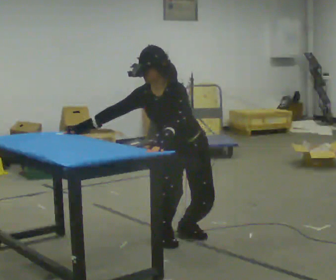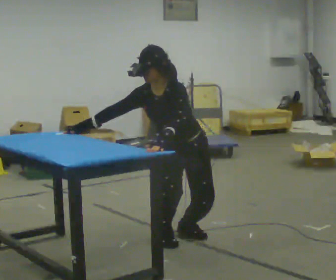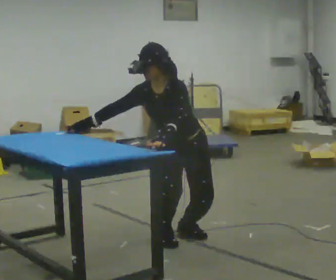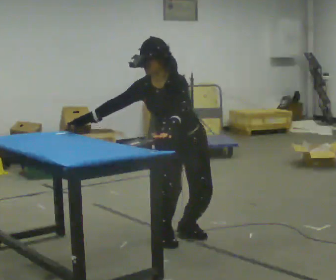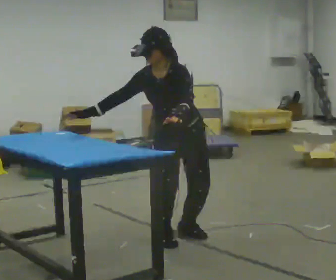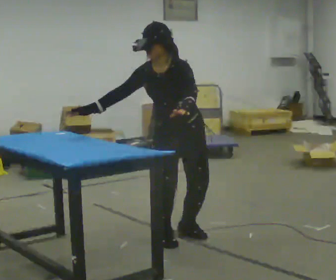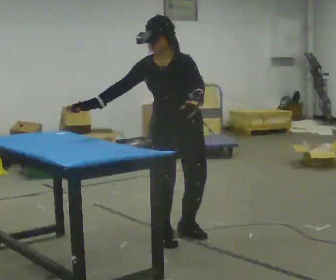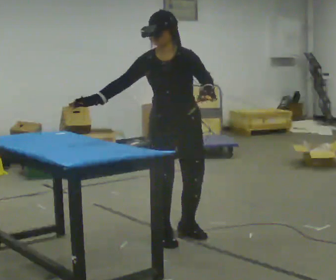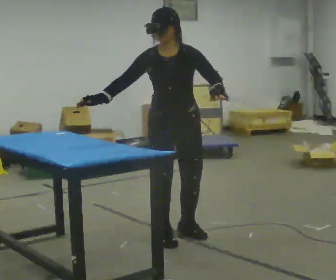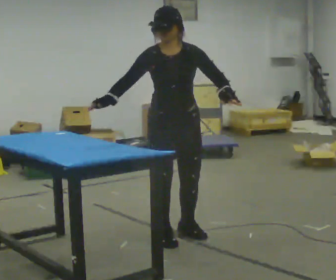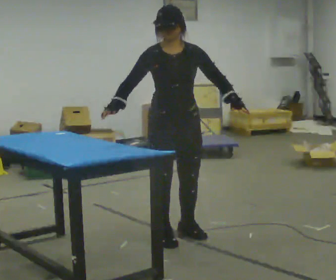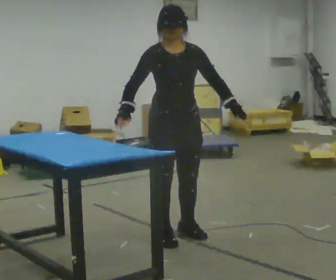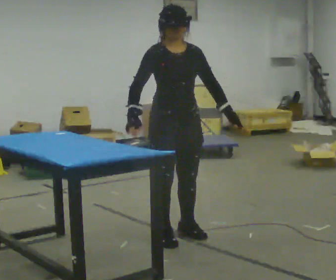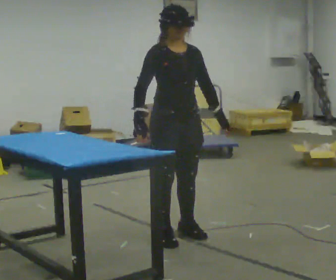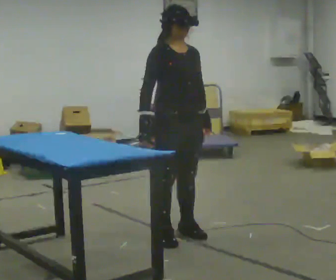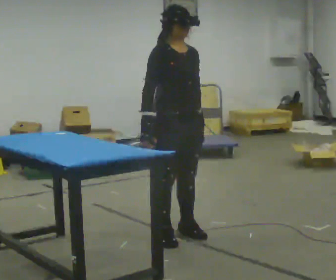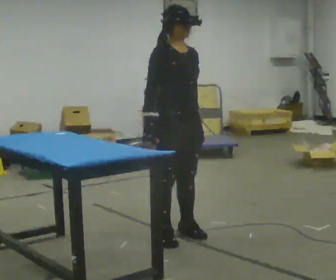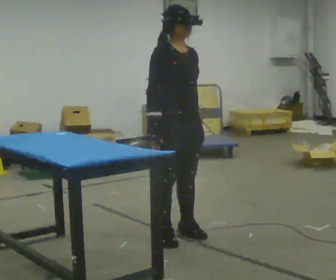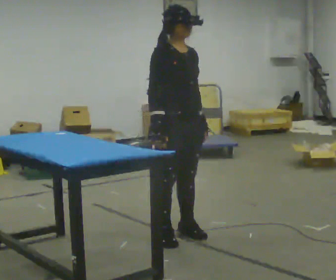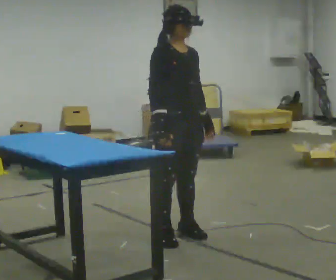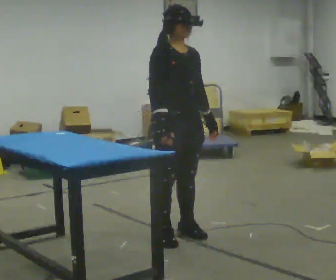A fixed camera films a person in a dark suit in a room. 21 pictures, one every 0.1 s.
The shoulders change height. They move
upward.
The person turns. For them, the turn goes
to their left.
0.0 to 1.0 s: Seen from above the body turns counterclockwise, about 30 degrees: to their left, with its near side sliding to the right. The upper body goes upward. In the picture the upper body tilts clockwise, shoulders to the right, as they lean back or straighten. In the picture their left hand goes to the right.
1.0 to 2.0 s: The part of the body nearest the lens slides to the right as the person turns to their left by about 30 degrees.
The film runs forward here.
